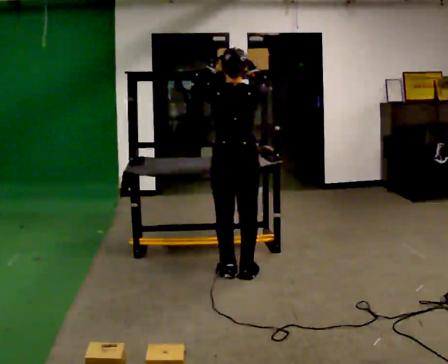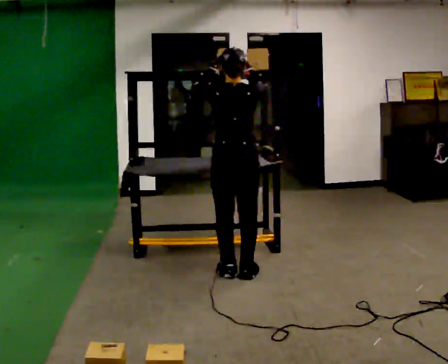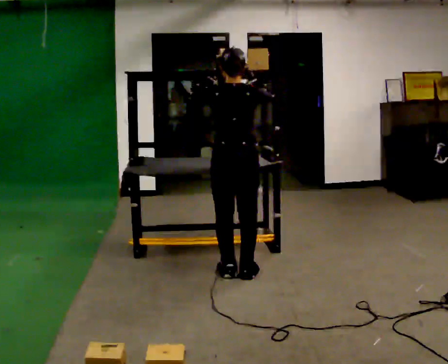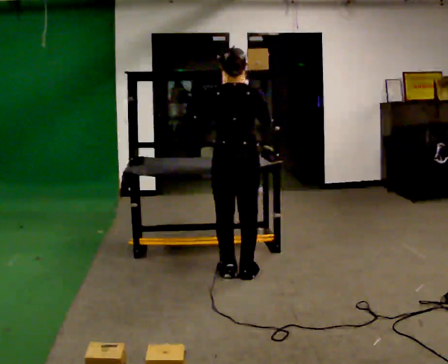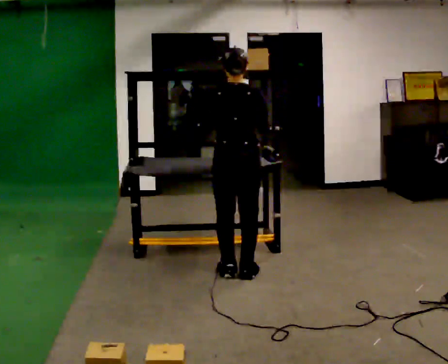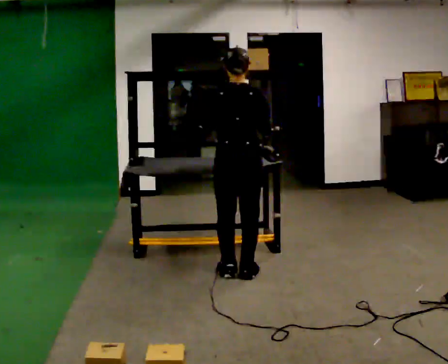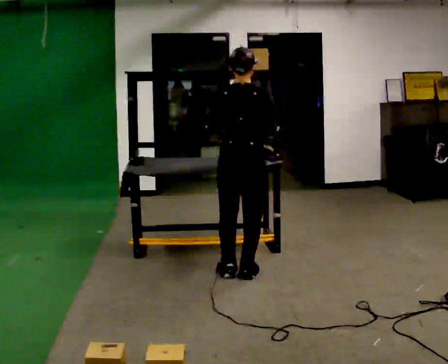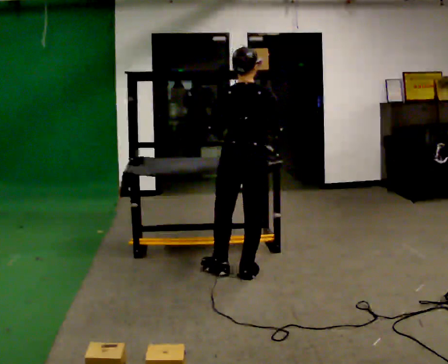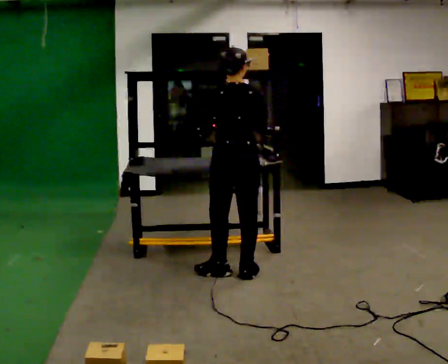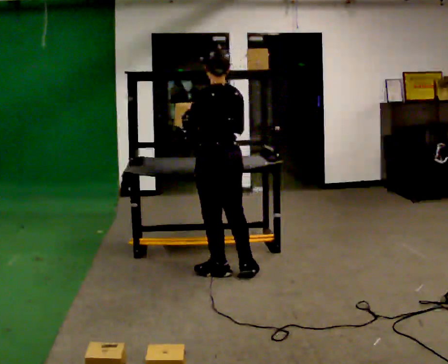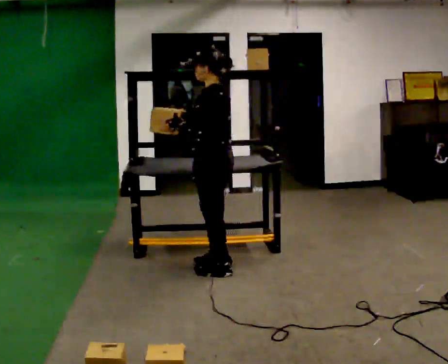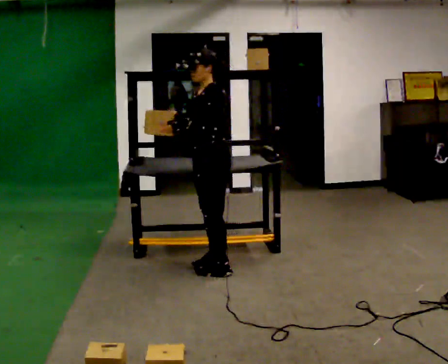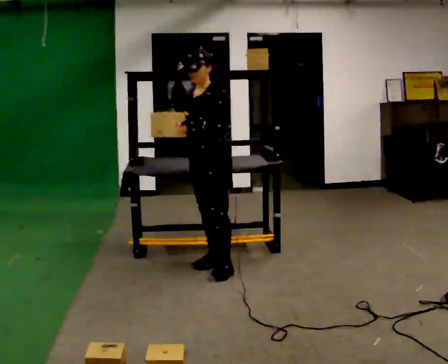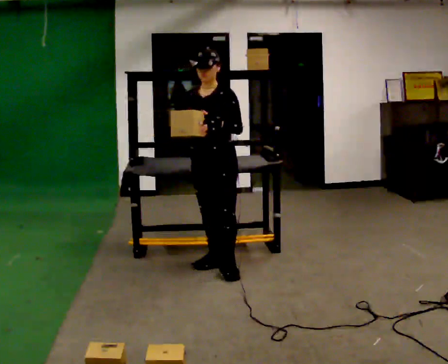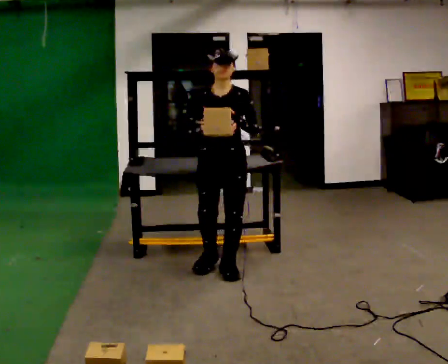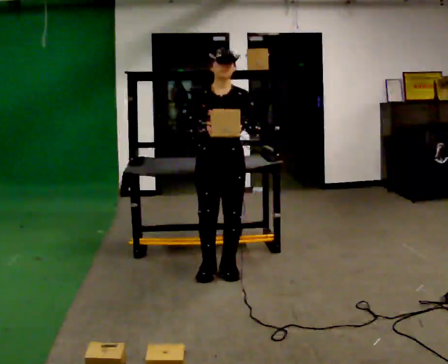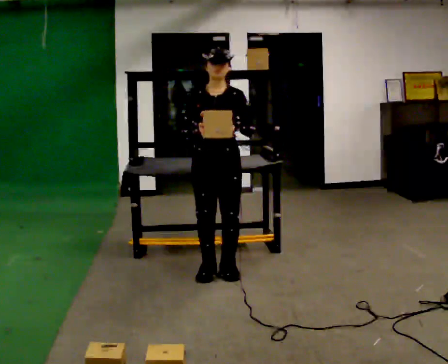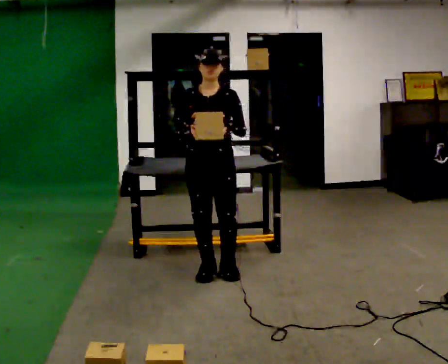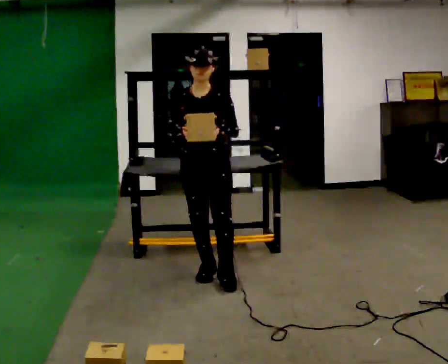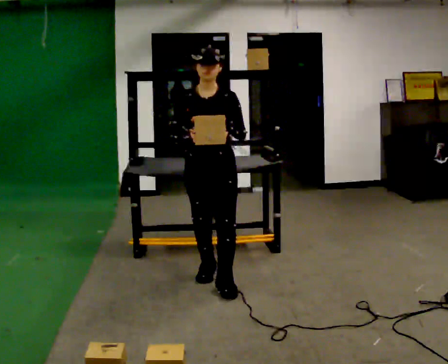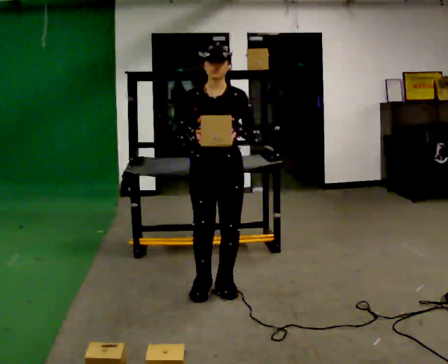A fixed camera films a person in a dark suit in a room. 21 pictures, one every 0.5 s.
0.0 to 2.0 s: In the picture their right hand goes downward.
2.0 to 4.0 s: The person moves a little, or ends about where they began.
4.0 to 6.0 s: Seen from above the body turns counterclockwise, about 120 degrees: to their left, with its near side sliding to the right. In the picture they go away from the camera and to the left, about 0.25 m in 1 step.
6.0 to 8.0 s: The part of the body nearest the lens slides to the right as the person turns to their left by about 45 degrees. In the picture they go toward the camera, about 0.25 m in 1 step, which for them is forward.
8.0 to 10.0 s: In the picture they go toward the camera, about 0.25 m in 1 step, which for them is forward.
The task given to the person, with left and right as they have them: Take an object down from the highest shelf you can comfortably reach, carry it across the room, and set it on the floor. Keep going until the operator says stop; one object at a time, and do not rush between trips.
The film runs forward here.
